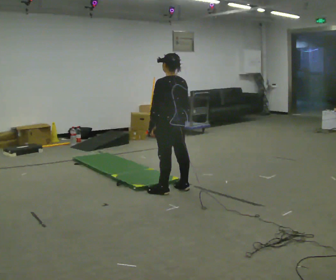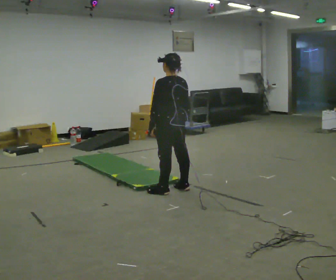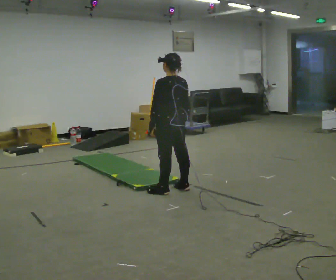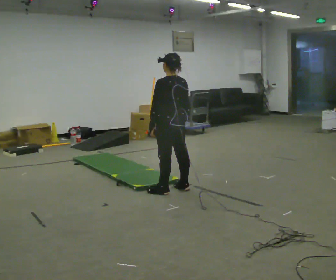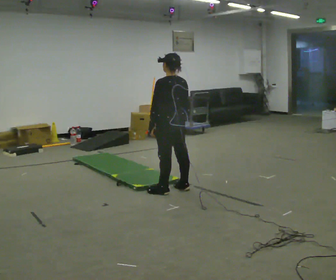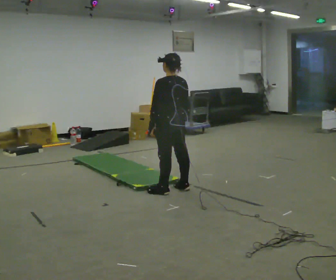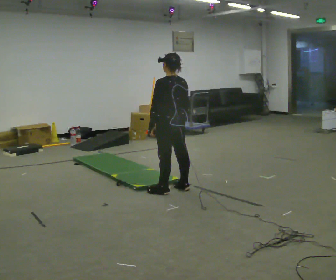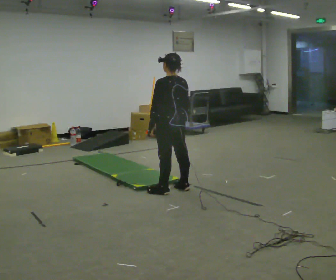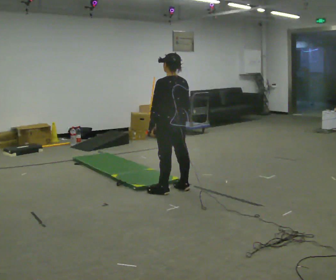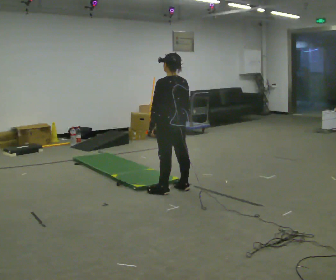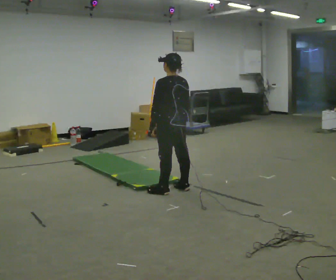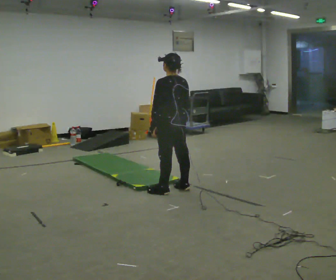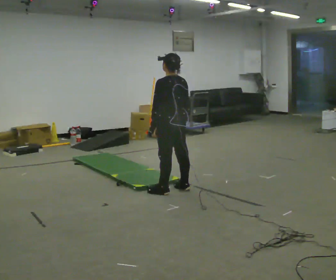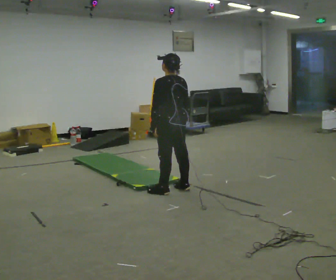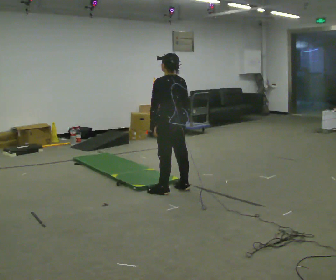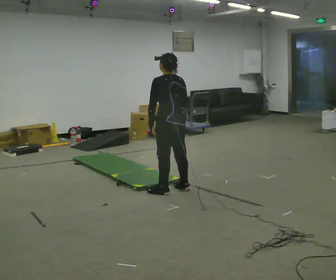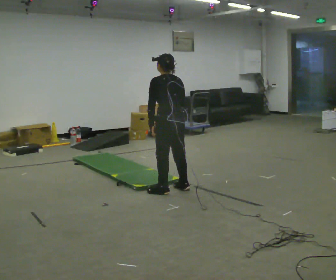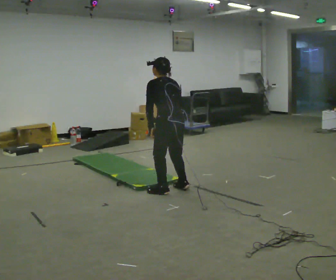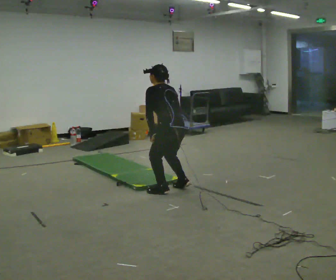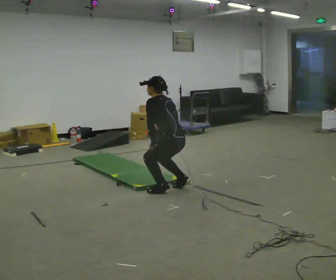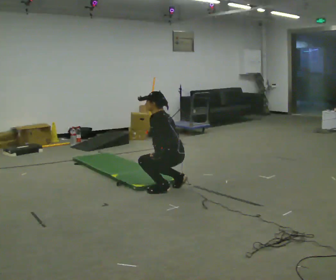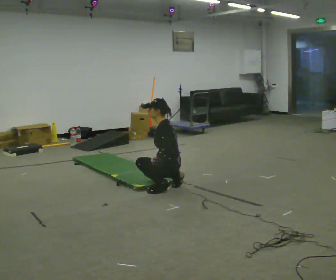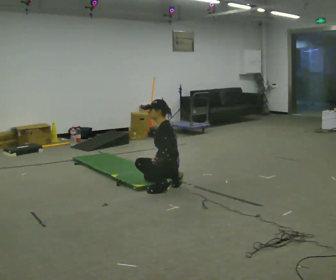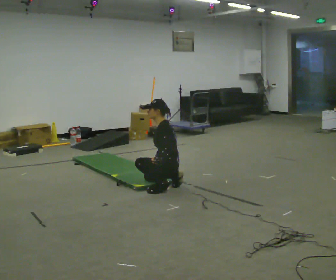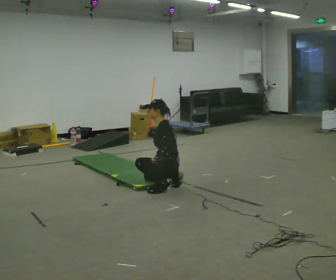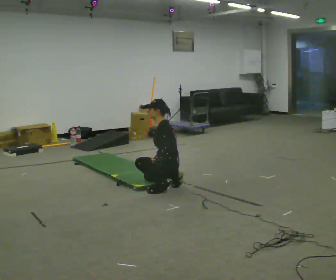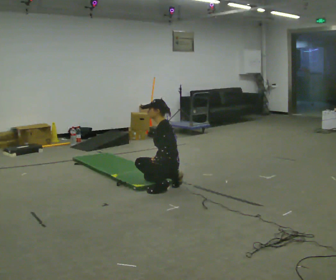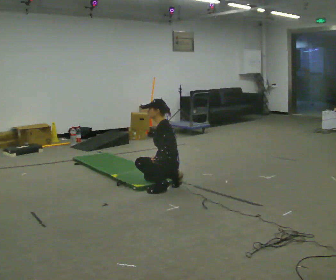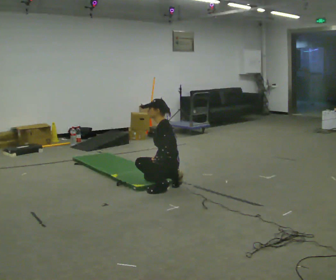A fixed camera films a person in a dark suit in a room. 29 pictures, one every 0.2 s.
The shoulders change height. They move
downward.
Their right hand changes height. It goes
downward.
0.0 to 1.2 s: The person keeps their place and pose.
1.2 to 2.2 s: The person moves a little, or ends about where they began.
2.2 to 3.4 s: The upper body tips away from the camera, its near side rolling upward, as they bend forward.
3.4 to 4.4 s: The part of the body nearest the lens slides to the right as the person turns to their left by about 45 degrees. The shoulders move downward. In the picture their right hand goes downward.
4.4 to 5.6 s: The person moves a little, or ends about where they began.
The film runs backward here.
